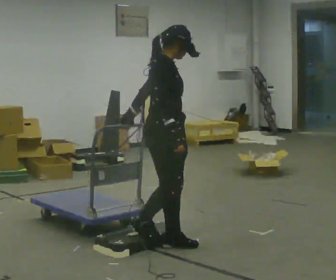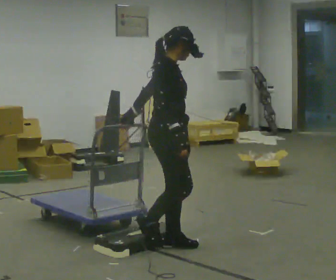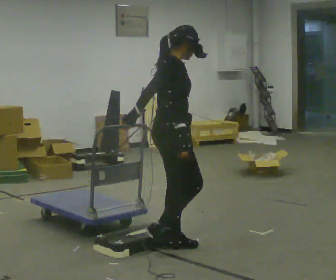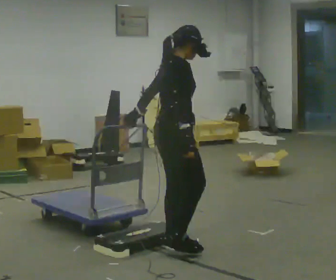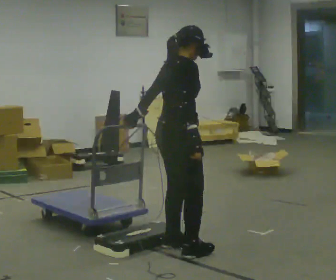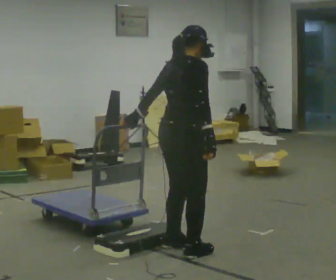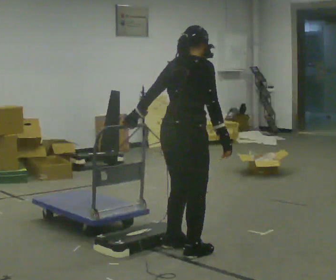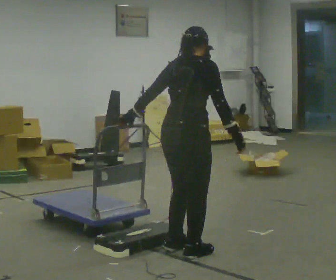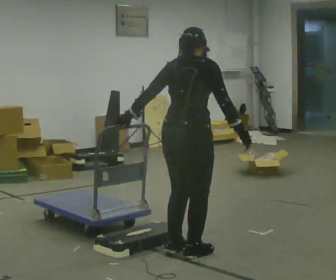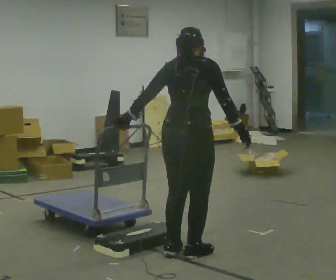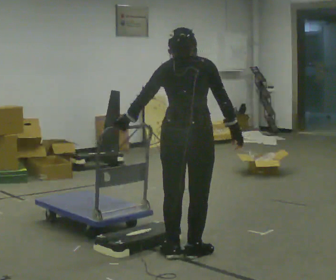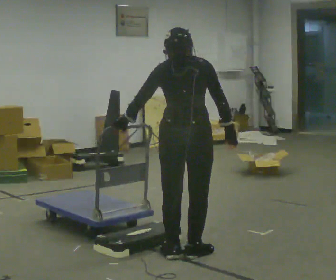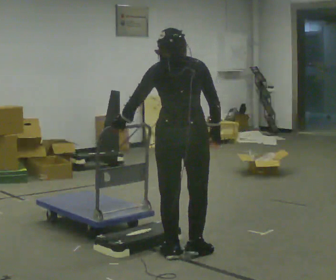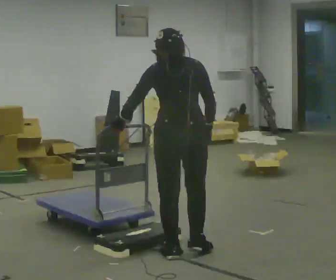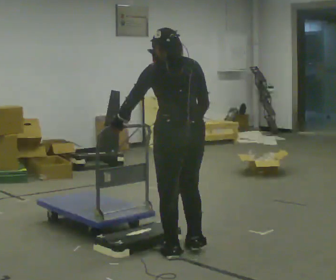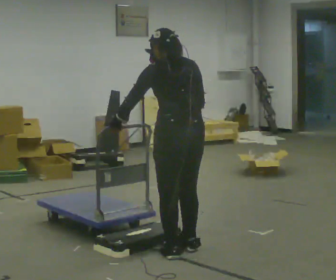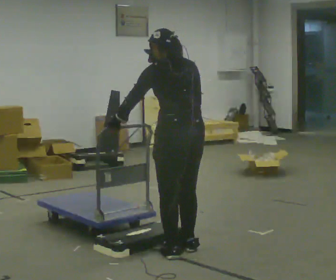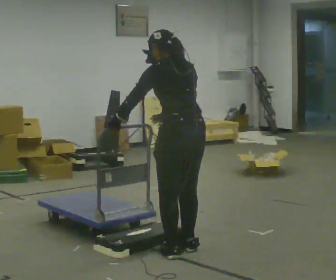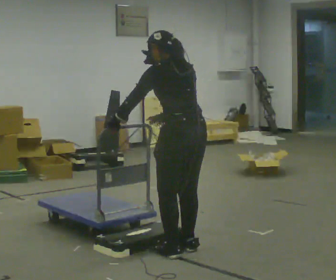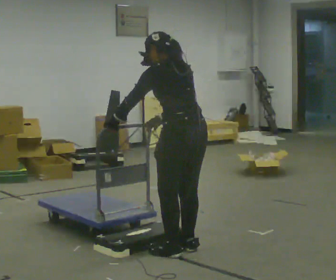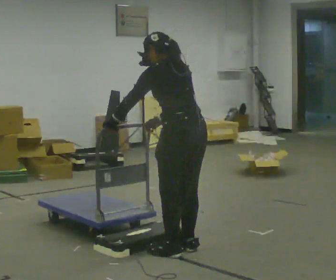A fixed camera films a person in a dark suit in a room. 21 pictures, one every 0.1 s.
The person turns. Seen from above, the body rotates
counterclockwise.
The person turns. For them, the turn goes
to their left.
0.0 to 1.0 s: Seen from above the body turns counterclockwise, about 90 degrees: to their left, with its near side sliding to the right. In the picture they go toward the camera, about 0.25 m in 2 steps. In the picture their right hand goes to the right.
1.0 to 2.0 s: Seen from above the body turns counterclockwise, about 60 degrees: to their left, with its near side sliding to the right. In the picture the upper body tilts counterclockwise, shoulders to the left, as they bend forward. In the picture their right hand goes to the left, the arm swinging clockwise.
The film runs forward here.
